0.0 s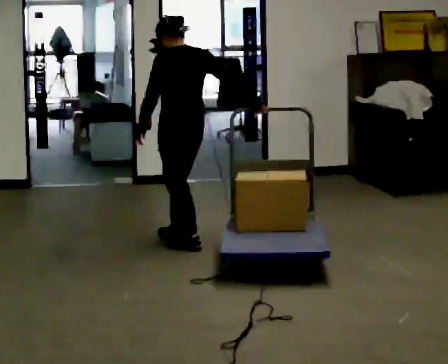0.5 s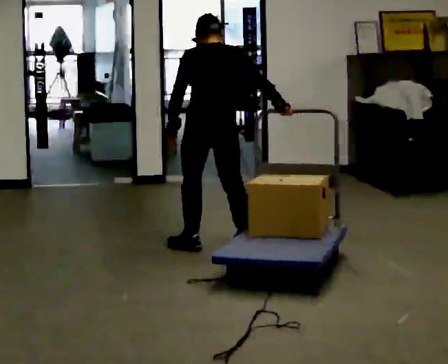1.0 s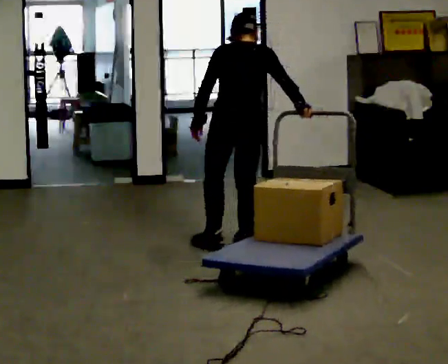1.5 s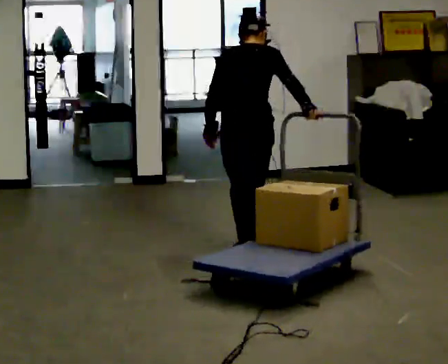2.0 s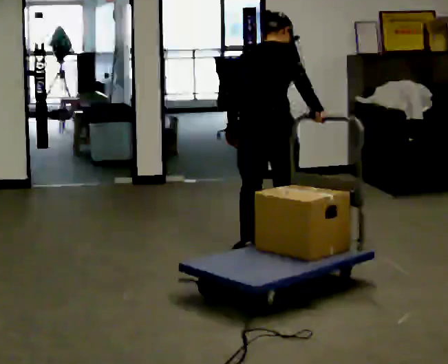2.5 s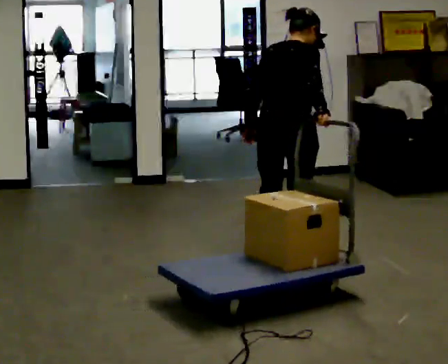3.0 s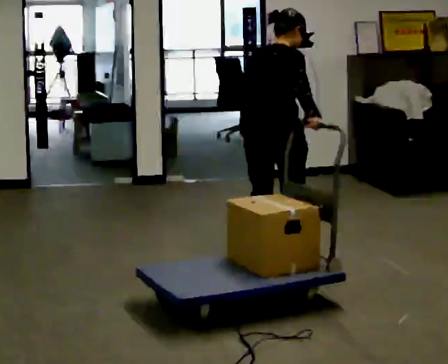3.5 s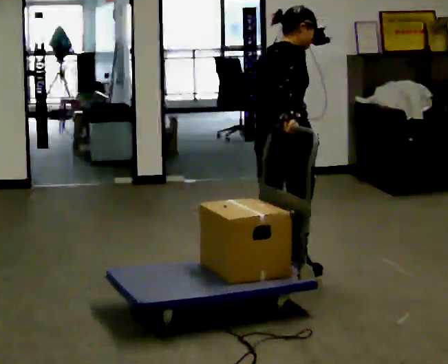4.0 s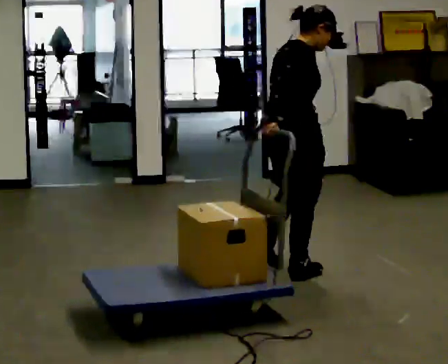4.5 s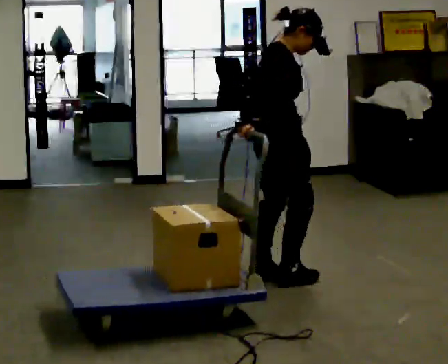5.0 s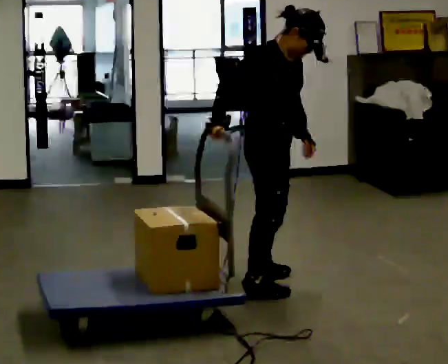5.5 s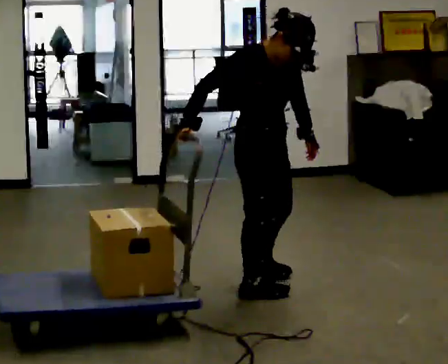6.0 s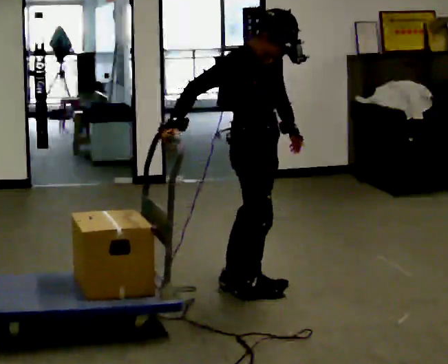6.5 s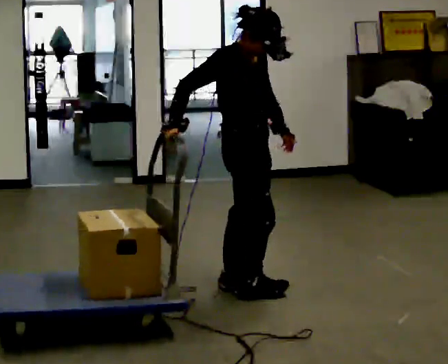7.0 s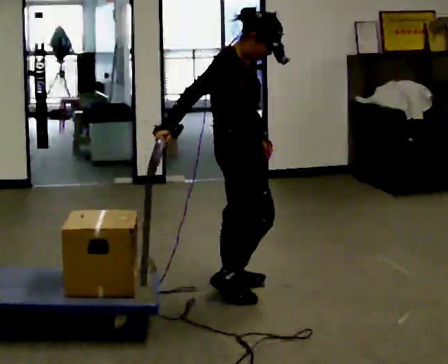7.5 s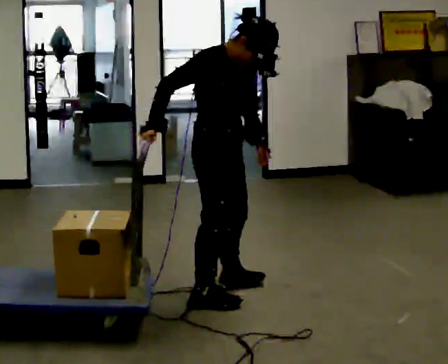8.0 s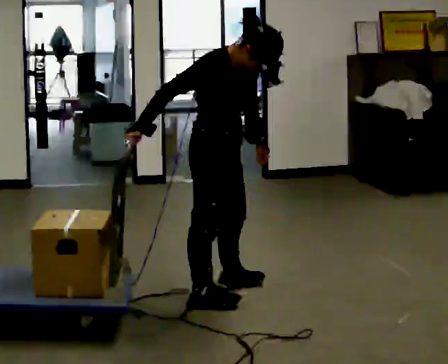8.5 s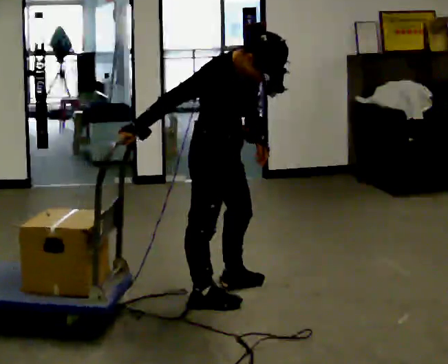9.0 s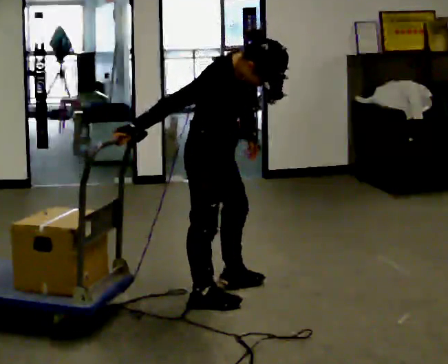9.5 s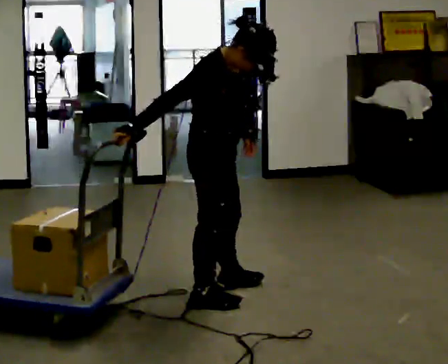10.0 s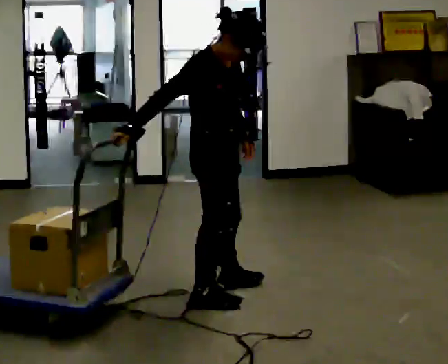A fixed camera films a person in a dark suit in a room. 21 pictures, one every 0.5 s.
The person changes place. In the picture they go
toward the camera.
The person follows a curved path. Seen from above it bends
clockwise.
0.0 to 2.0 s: The part of the body nearest the lens slides to the left as the person turns to their right by about 60 degrees. In the picture they go to the right and toward the camera, about 0.5 m in 2 steps.
2.0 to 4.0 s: Seen from above the body turns clockwise, about 45 degrees: to their right, with its near side sliding to the left. In the picture they go toward the camera, about 0.5 m in 3 steps, which for them is backward and to their right.
4.0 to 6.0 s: The person turns about 45 degrees to their right, clockwise seen from above, so the part of the body nearest the lens slides to the left. In the picture they go toward the camera and to the left, about 0.25 m in 2 steps.
6.0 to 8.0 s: In the picture they go to the left, about 0.25 m in 1 step, which for them is backward.
8.0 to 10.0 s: The person moves a little, or ends about where they began.
The film runs backward here.
